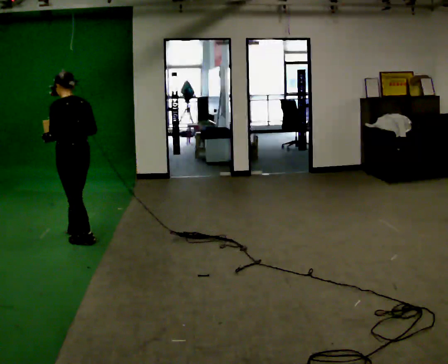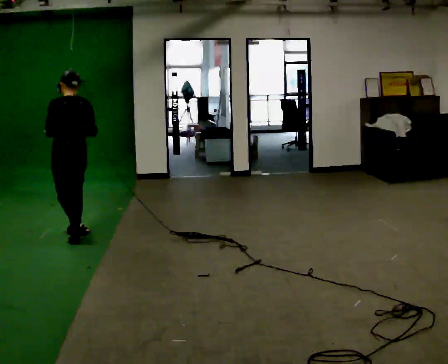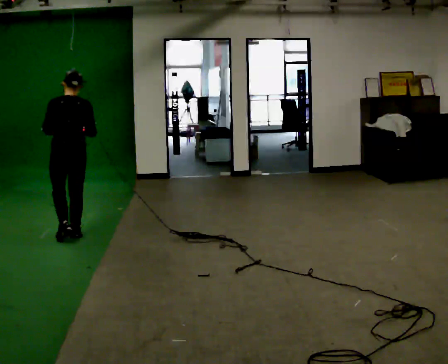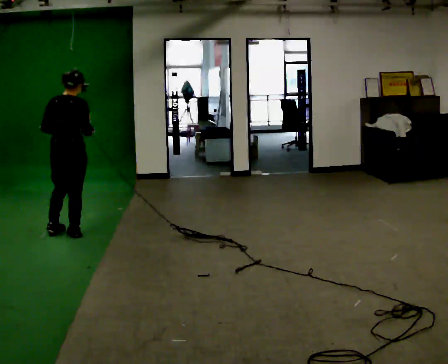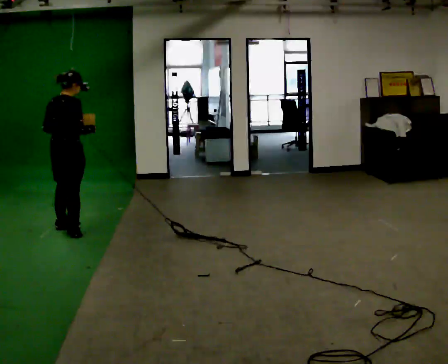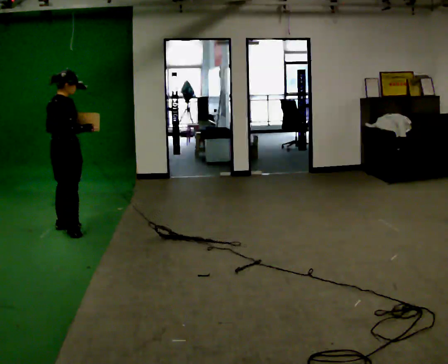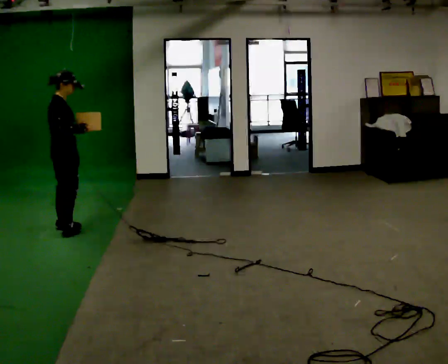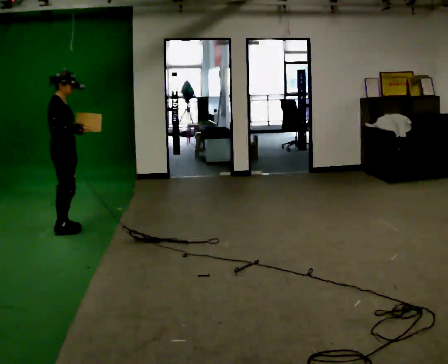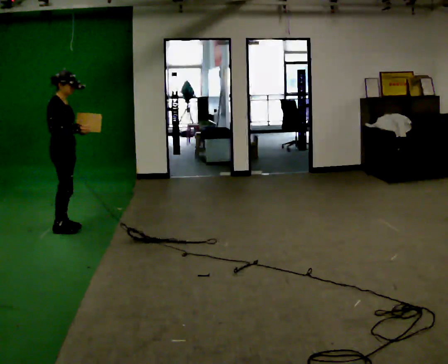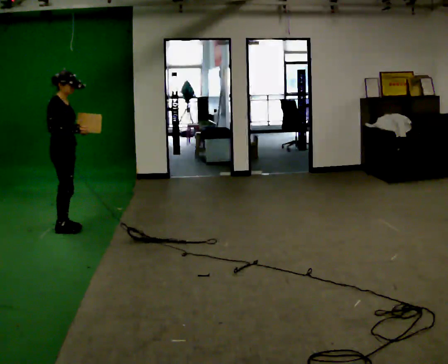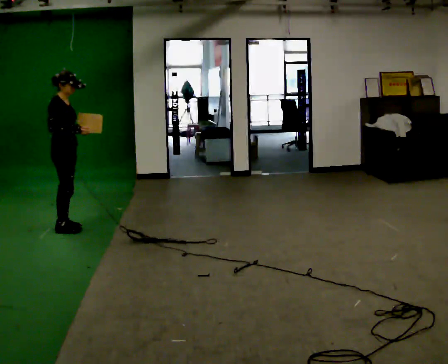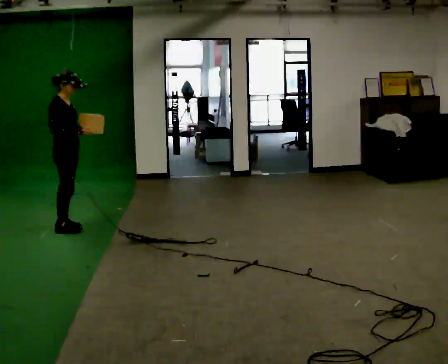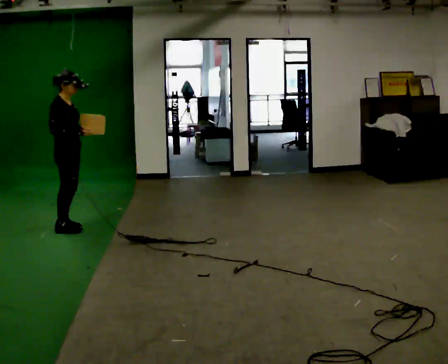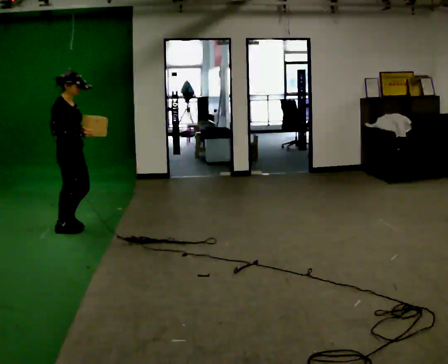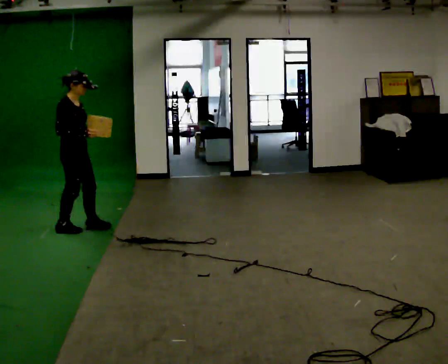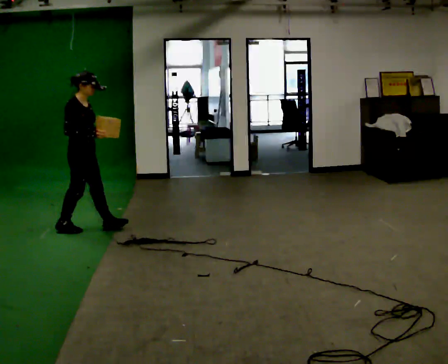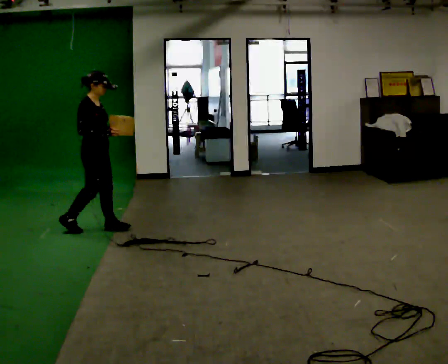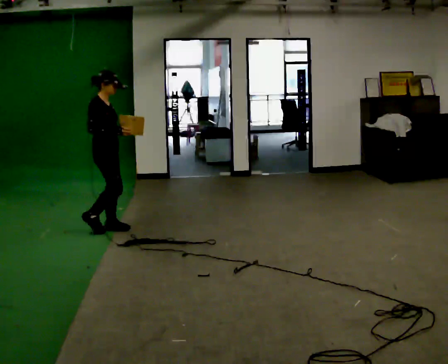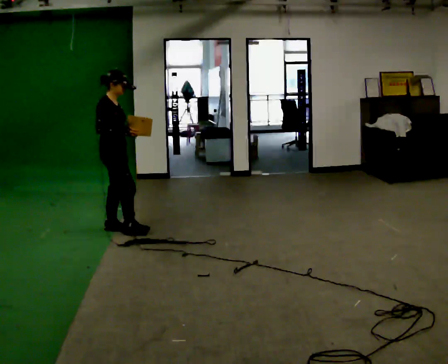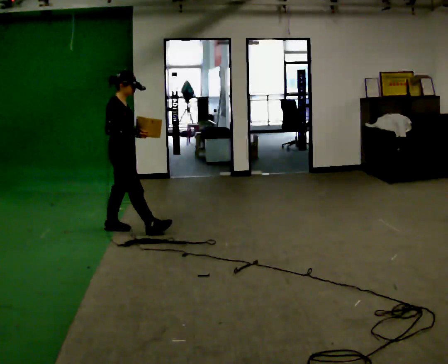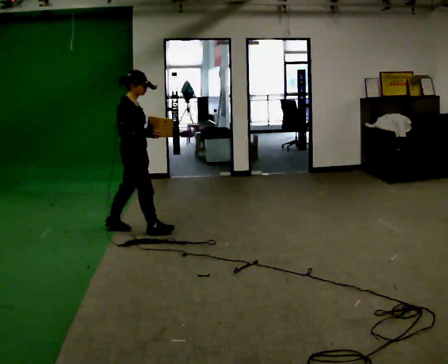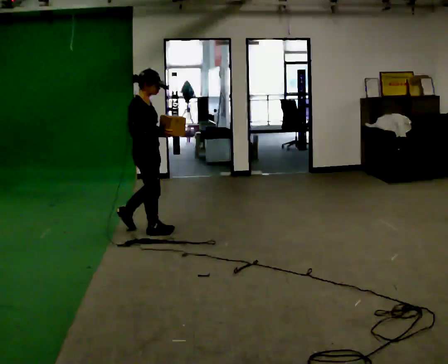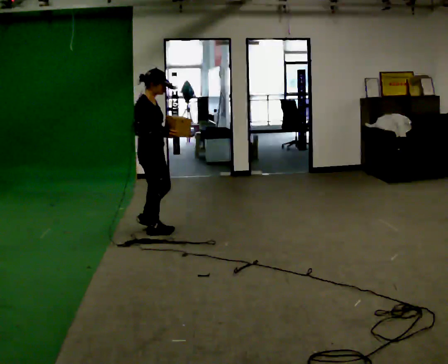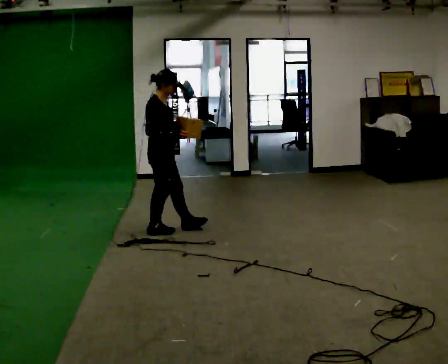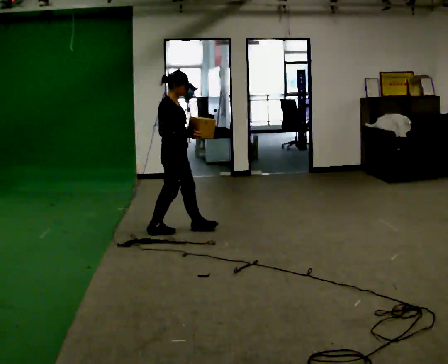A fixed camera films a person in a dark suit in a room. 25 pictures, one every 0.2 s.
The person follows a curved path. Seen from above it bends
clockwise.
The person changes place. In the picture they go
to the right.
0.0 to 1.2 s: The person turns about 120 degrees to their right, clockwise seen from above, so the part of the body nearest the lens slides to the left. In the picture they go away from the camera, about 0.25 m in 1 step.
1.2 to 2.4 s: The person moves a little, or ends about where they began.
2.4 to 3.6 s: In the picture they go to the right, about 0.5 m in 1 step, which for them is forward.
3.6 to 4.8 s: In the picture they go to the right and toward the camera, about 0.5 m in 2 steps, which for them is forward.
The film runs forward here.
